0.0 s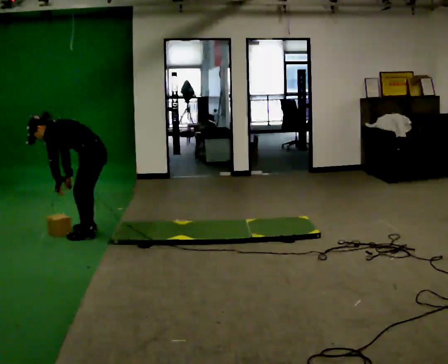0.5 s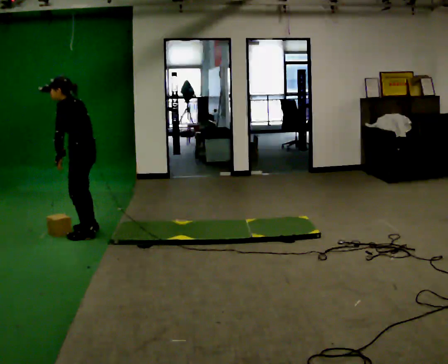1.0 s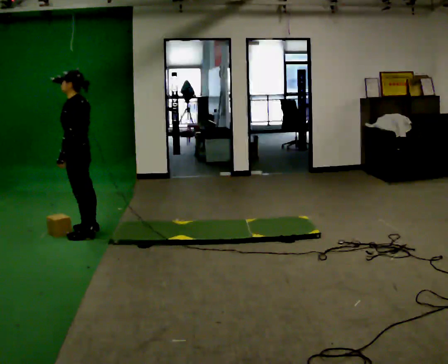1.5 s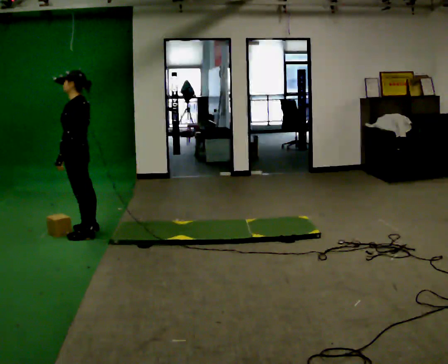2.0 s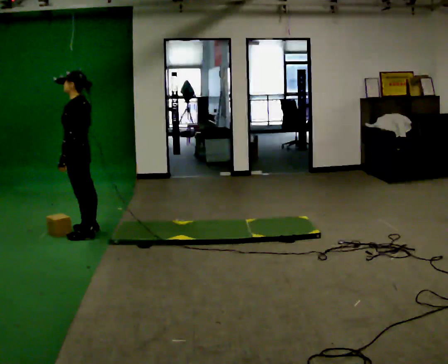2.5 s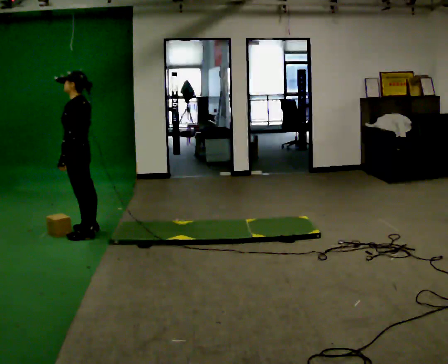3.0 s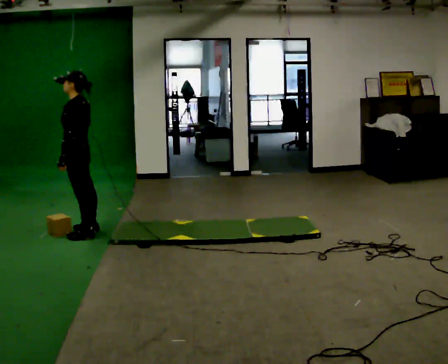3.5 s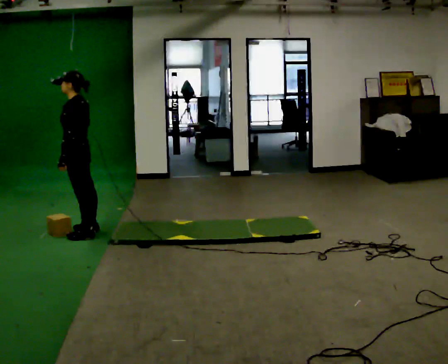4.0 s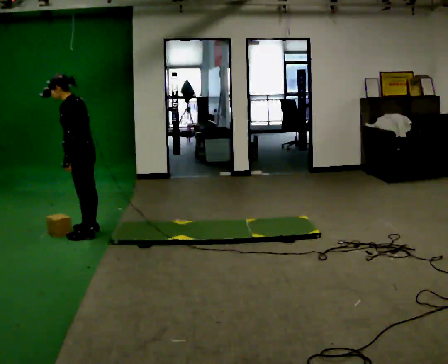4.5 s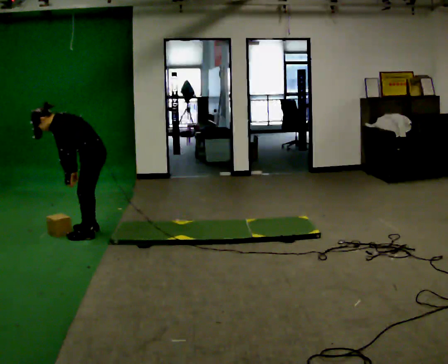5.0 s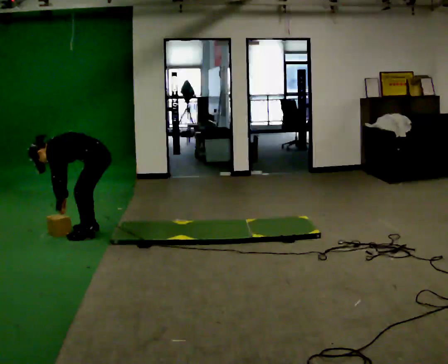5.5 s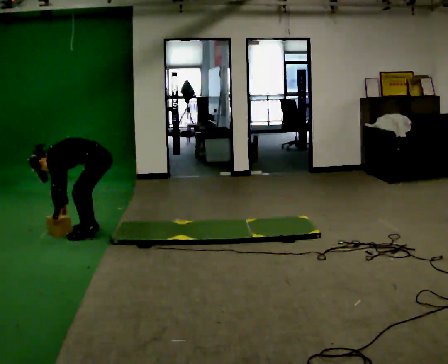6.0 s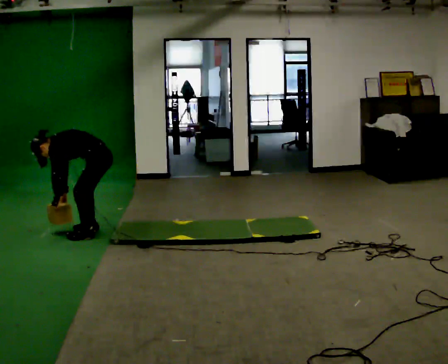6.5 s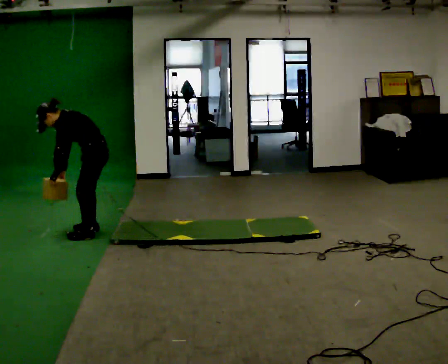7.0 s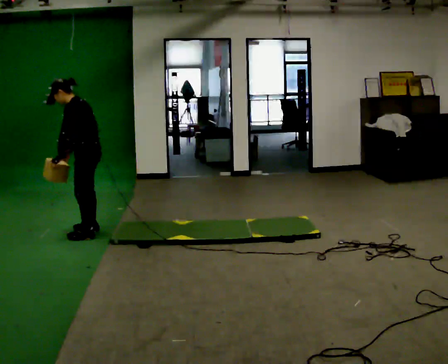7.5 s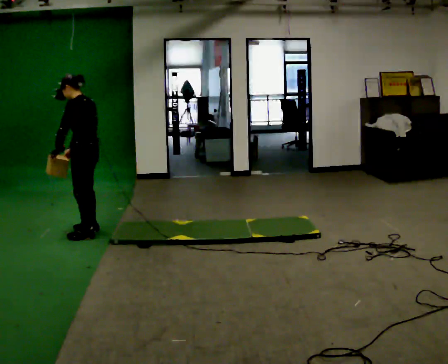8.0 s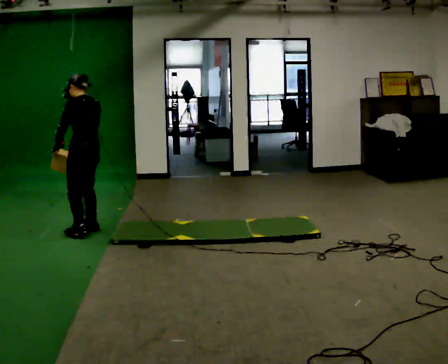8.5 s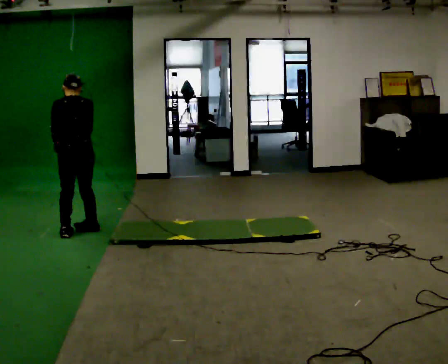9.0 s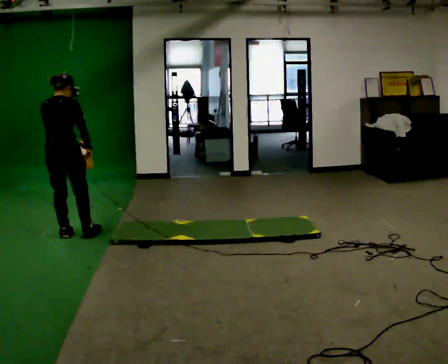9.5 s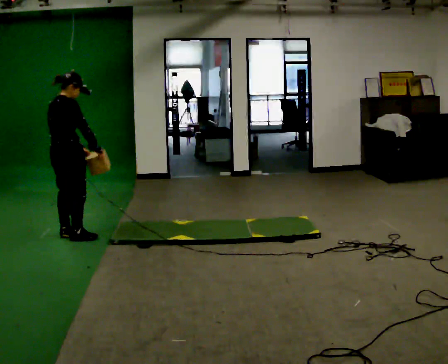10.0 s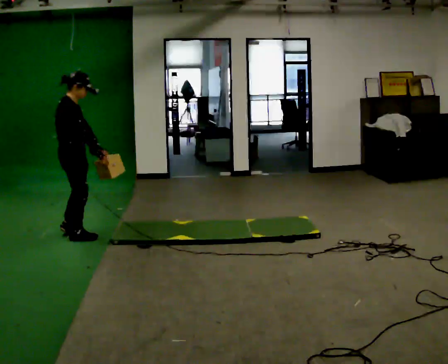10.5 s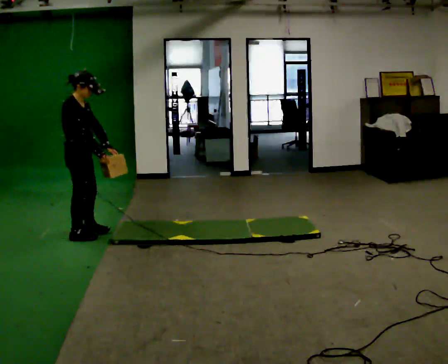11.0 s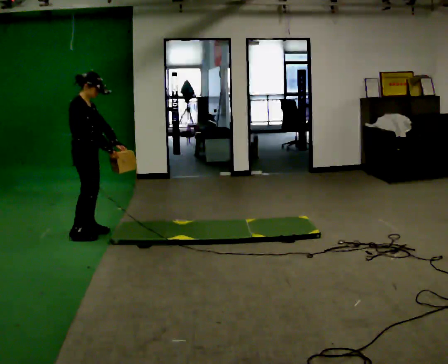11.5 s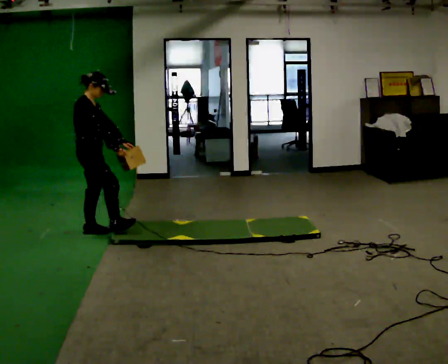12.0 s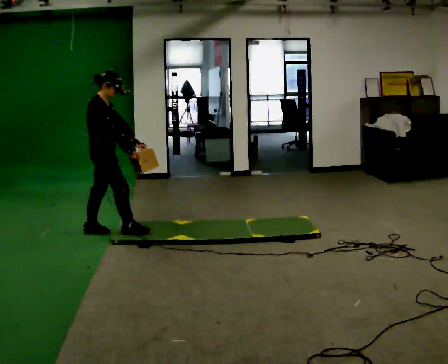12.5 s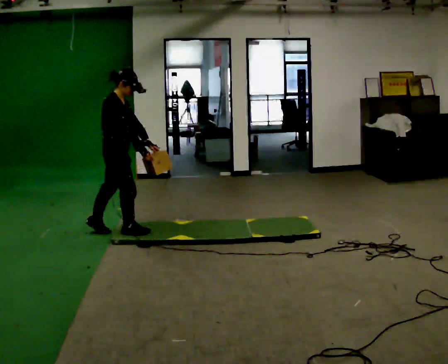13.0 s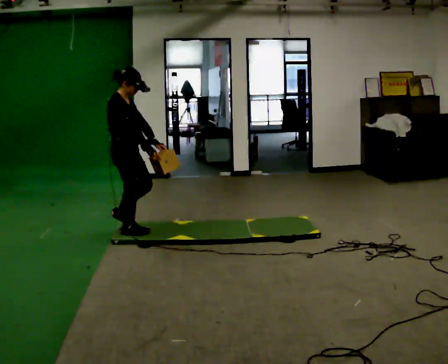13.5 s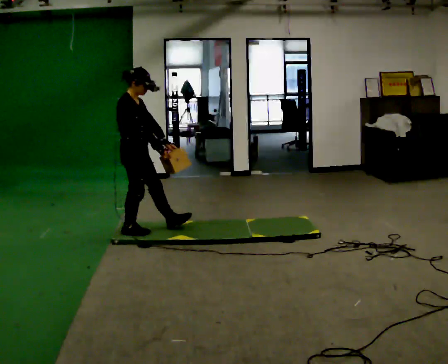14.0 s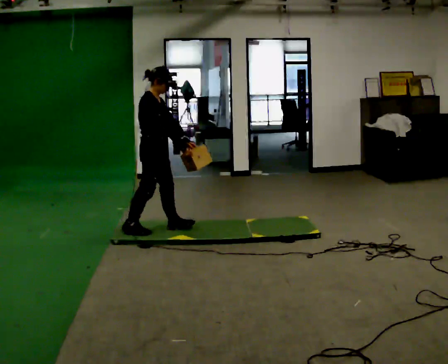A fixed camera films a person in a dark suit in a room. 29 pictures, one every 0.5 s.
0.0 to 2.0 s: The shoulders move upward. In the picture the upper body tilts clockwise, shoulders to the right, as they lean back or straighten.
2.0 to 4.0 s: In the picture the upper body tilts counterclockwise, shoulders to the left, as they bend forward.
4.0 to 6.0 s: In the picture the upper body tilts counterclockwise, shoulders to the left, as they bend forward. In the picture their right hand goes downward.
6.0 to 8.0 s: The part of the body nearest the lens slides to the left as the person turns to their right by about 30 degrees. The shoulders move upward. In the picture the upper body tilts clockwise, shoulders to the right, as they lean back or straighten. In the picture their left hand goes upward.
8.0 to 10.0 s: The person turns about 135 degrees to their right, clockwise seen from above, so the part of the body nearest the lens slides to the left. In the picture they go toward the camera and to the left, about 0.25 m in 2 steps.
10.0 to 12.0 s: In the picture they go to the right, about 0.25 m in 2 steps, which for them is forward and to their left.
12.0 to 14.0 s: In the picture they go to the right, about 0.5 m in 1 step, which for them is forward.
The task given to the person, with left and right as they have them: Carry the box across the soft uneven mat, set it down on the far side, then bring it back. Keep going until the operator says stop; one object at a time, and do not rush between trips.
The film runs forward here.
